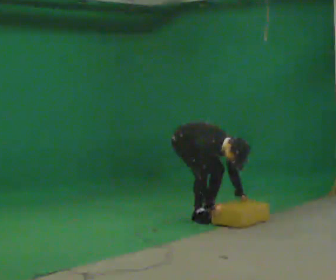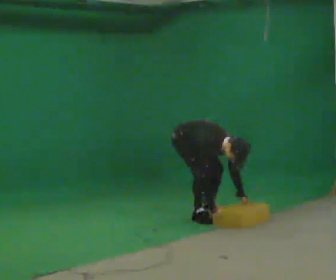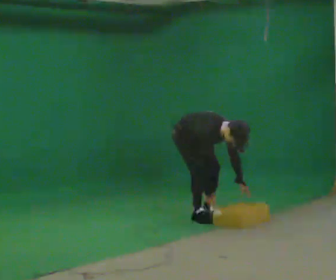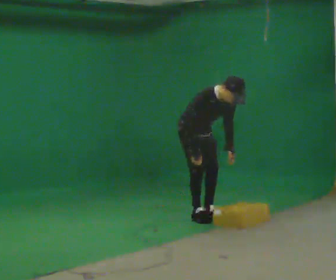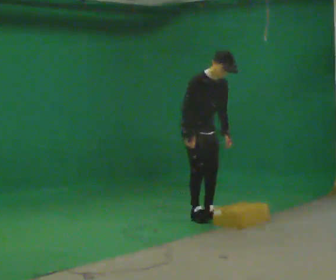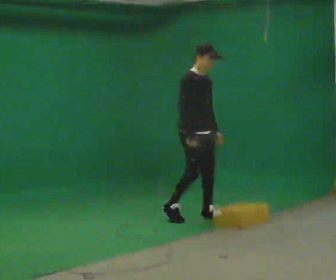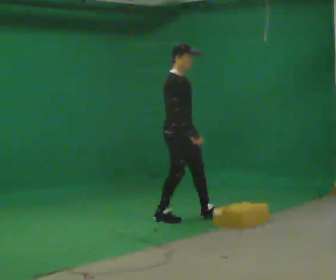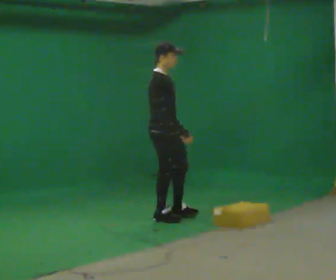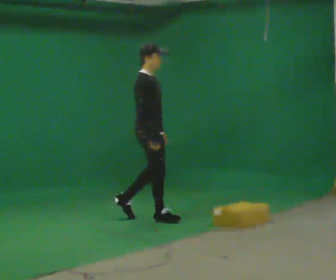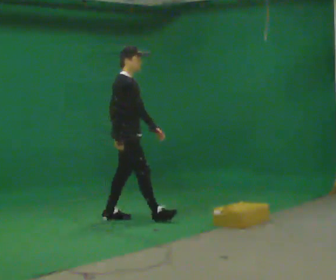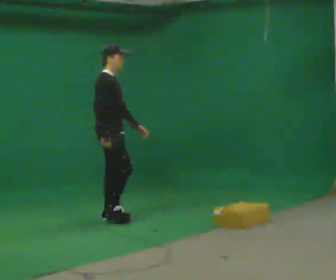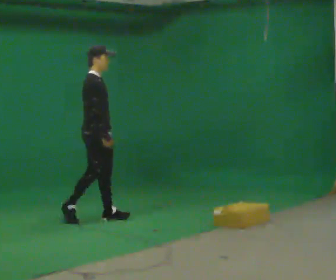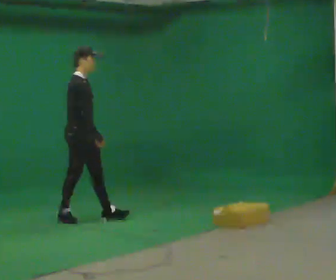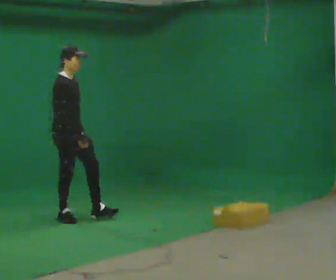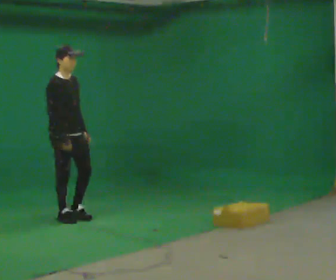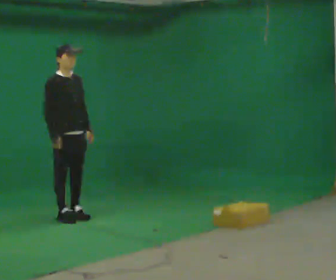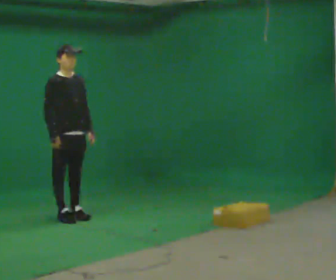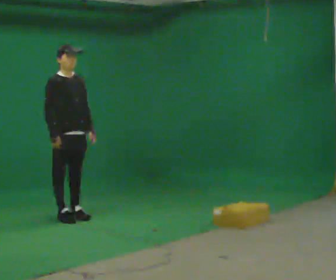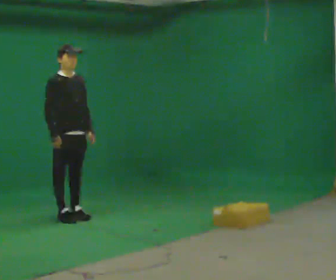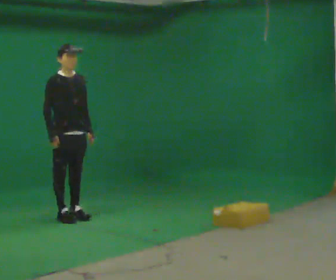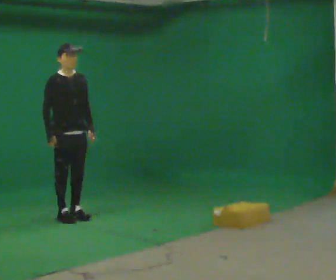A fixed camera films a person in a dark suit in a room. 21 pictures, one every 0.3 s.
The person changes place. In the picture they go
to the left.
The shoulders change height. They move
upward.
0.0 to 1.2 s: The shoulders move upward. In the picture the upper body tilts counterclockwise, shoulders to the left, as they lean back or straighten. In the picture their left hand goes upward.
1.2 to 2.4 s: The person turns about 45 degrees to their left, counterclockwise seen from above, so the part of the body nearest the lens slides to the right. In the picture they go to the left, about 0.5 m in 2 steps, which for them is backward and to their right. In the picture the upper body tilts counterclockwise, shoulders to the left, as they lean back or straighten.
2.4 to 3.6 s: In the picture they go to the left, about 0.75 m in 1 step, which for them is backward.
3.6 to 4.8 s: The person turns about 30 degrees to their right, clockwise seen from above, so the part of the body nearest the lens slides to the left. In the picture they go to the left, about 0.25 m in 1 step, which for them is backward.
4.8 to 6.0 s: The person moves a little, or ends about where they began.
The film runs backward here.
